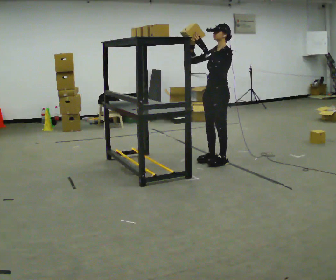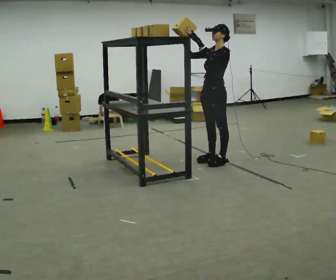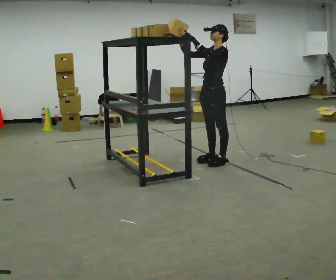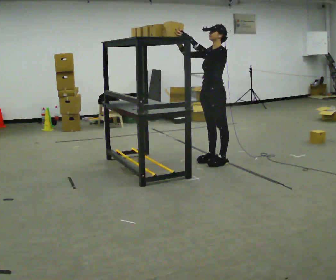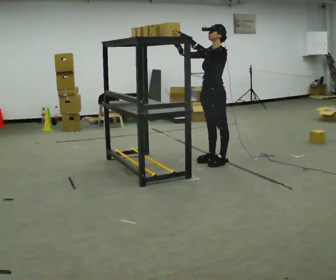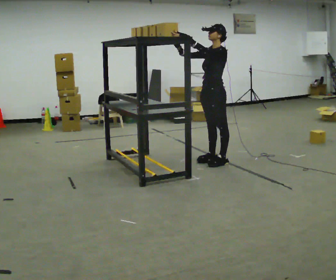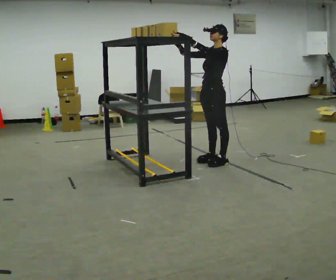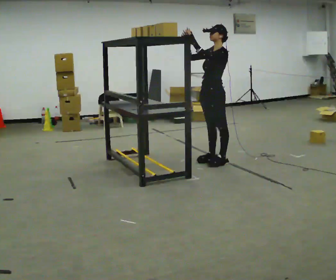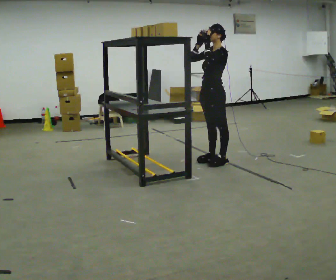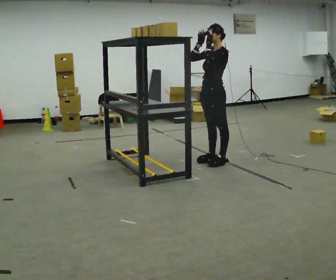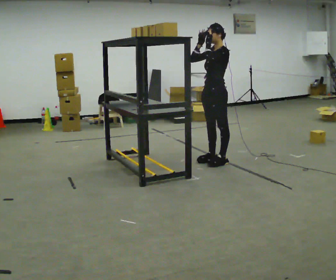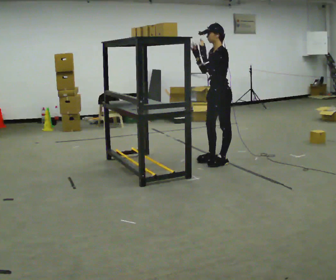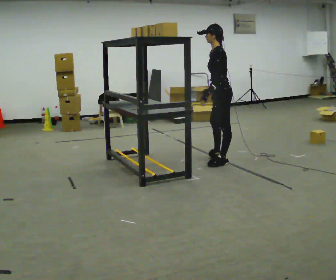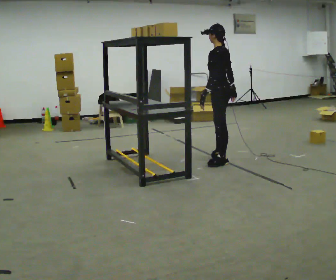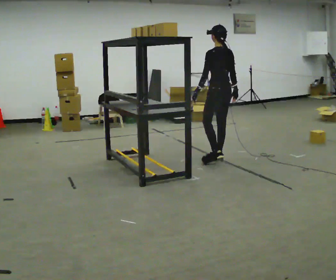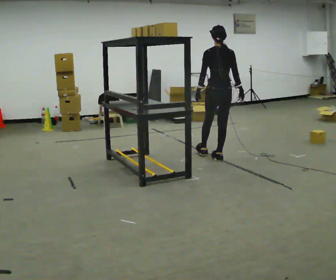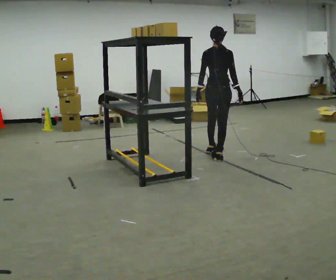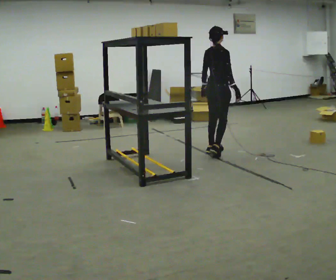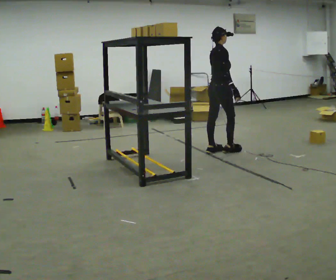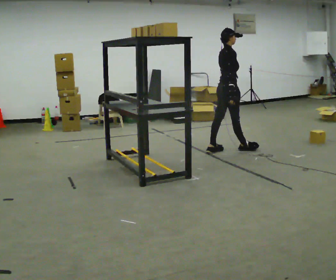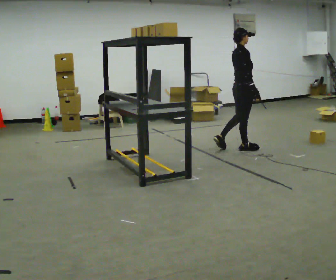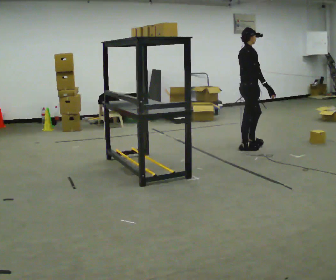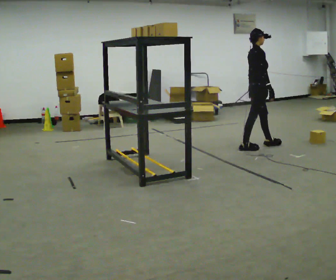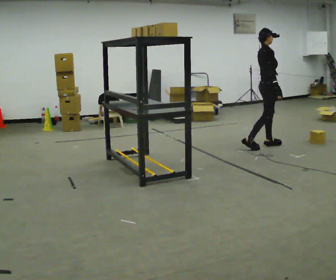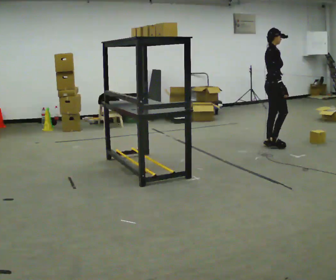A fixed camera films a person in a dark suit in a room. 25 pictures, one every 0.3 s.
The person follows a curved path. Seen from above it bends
clockwise.
The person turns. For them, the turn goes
to their right.
0.0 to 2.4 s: The person moves a little, or ends about where they began.
2.4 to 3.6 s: Seen from above the body turns clockwise, about 45 degrees: to their right, with its near side sliding to the left. In the picture their right hand goes downward.
3.6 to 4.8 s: Seen from above the body turns clockwise, about 105 degrees: to their right, with its near side sliding to the left. In the picture they go away from the camera, about 0.25 m in 1 step.
4.8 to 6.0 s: The part of the body nearest the lens slides to the left as the person turns to their right by about 45 degrees. In the picture they go to the right and away from the camera, about 0.5 m in 1 step, which for them is forward and to their left.
6.0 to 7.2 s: In the picture they go to the right and away from the camera, about 0.5 m in 1 step, which for them is forward and to their left.
The film runs forward here.
